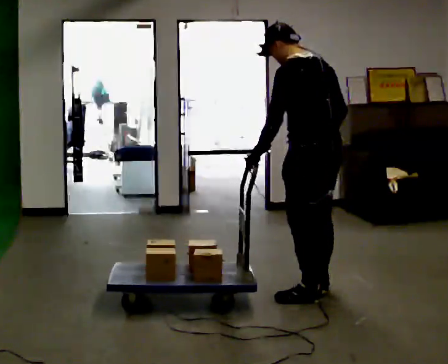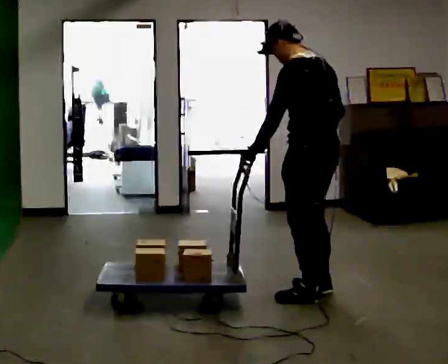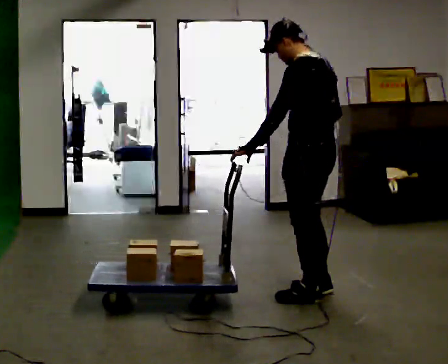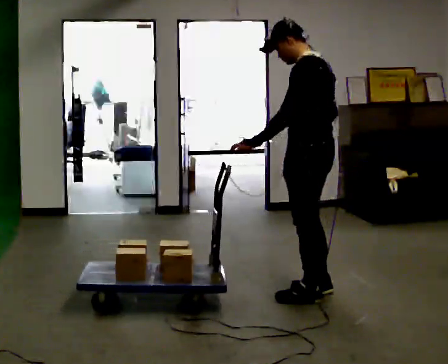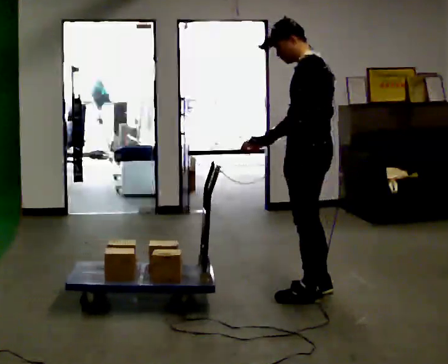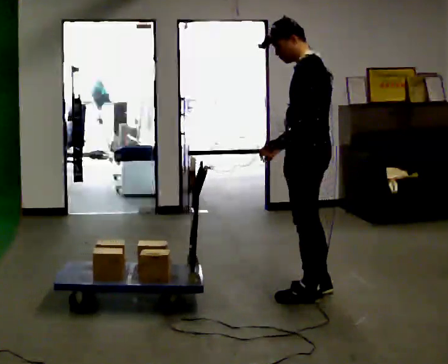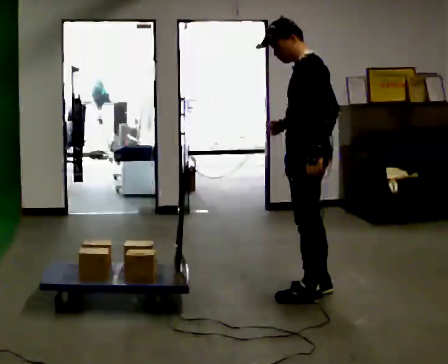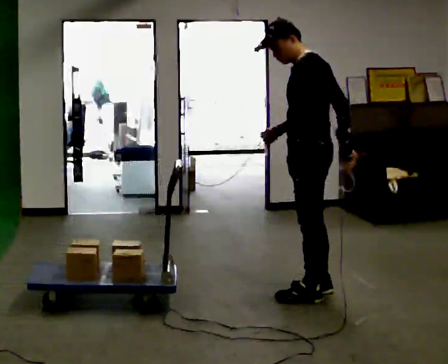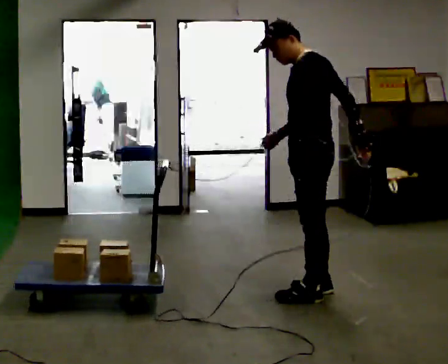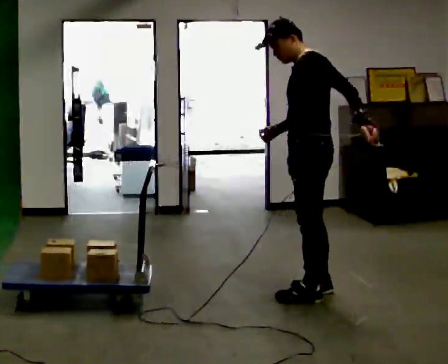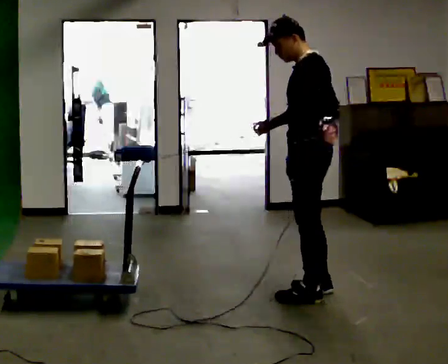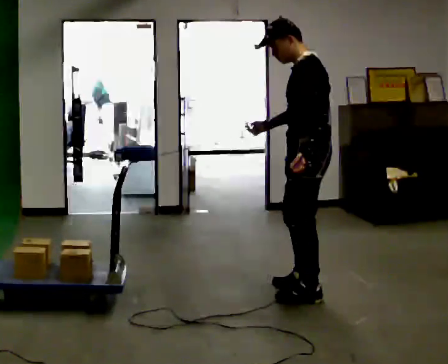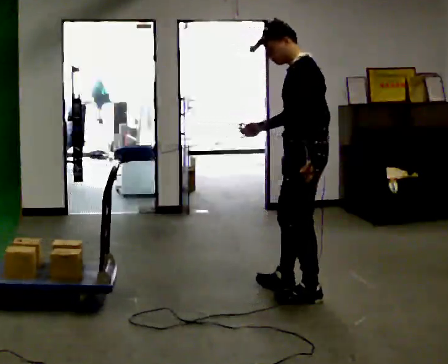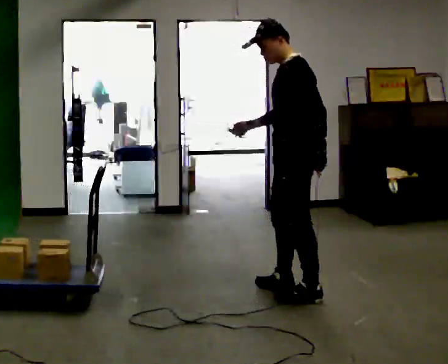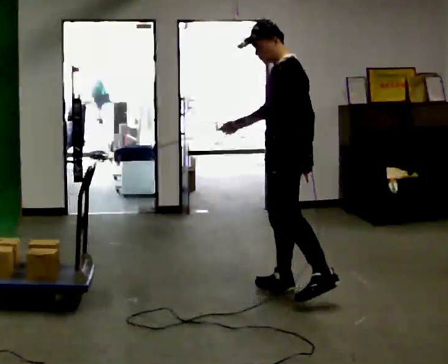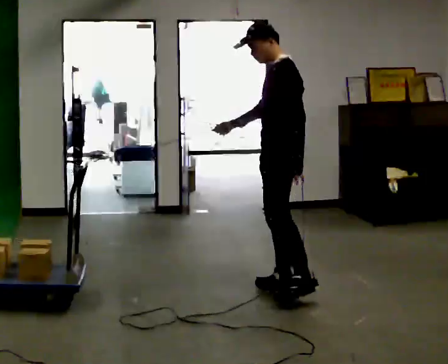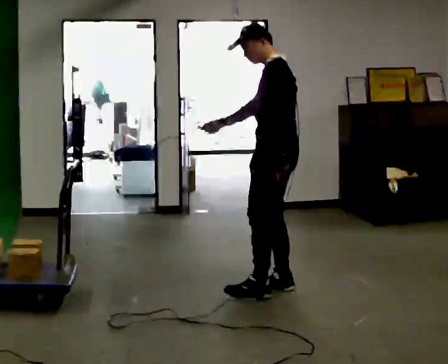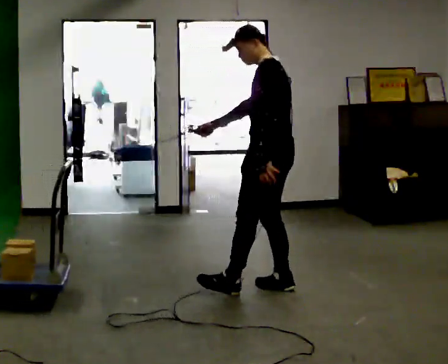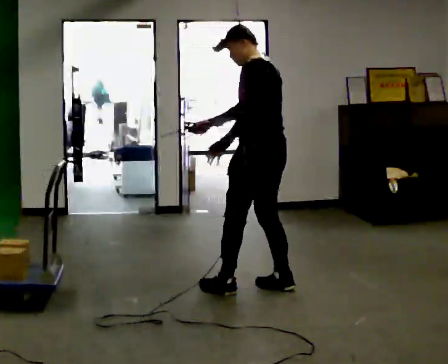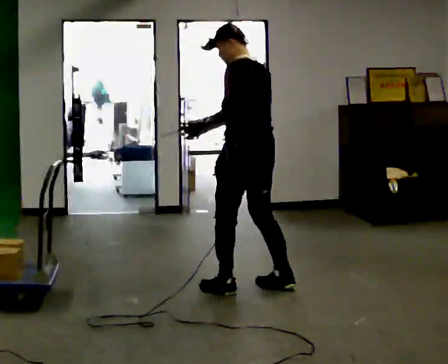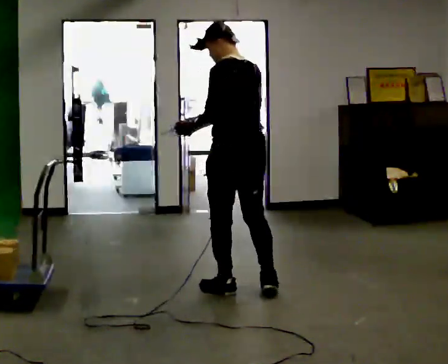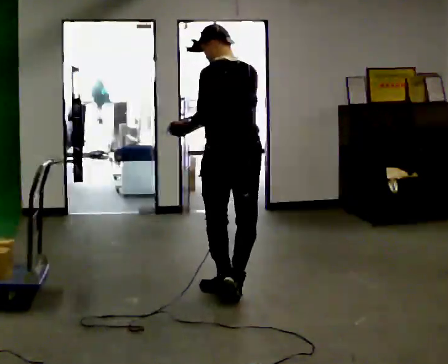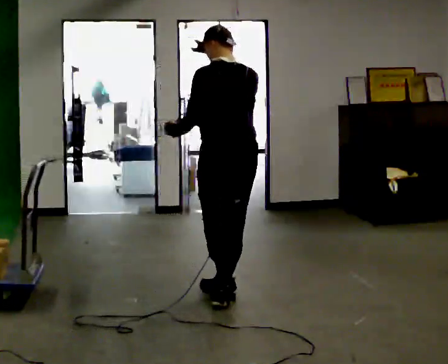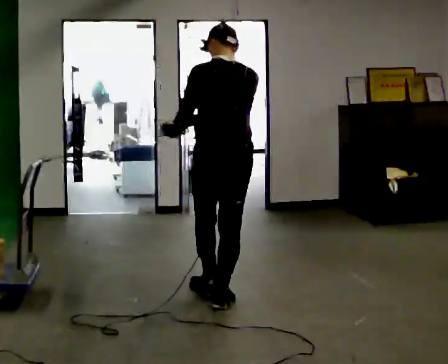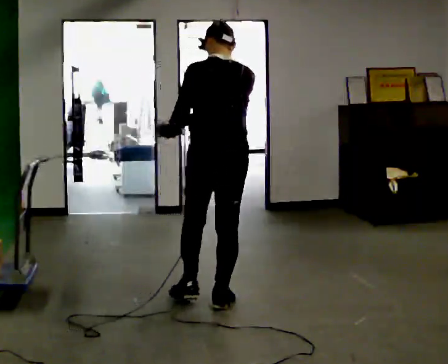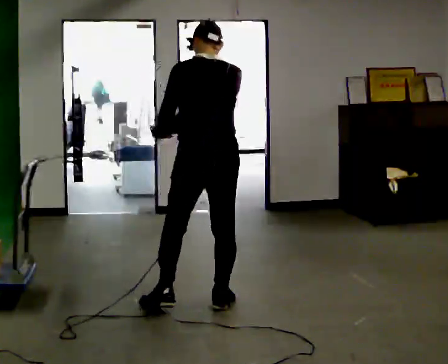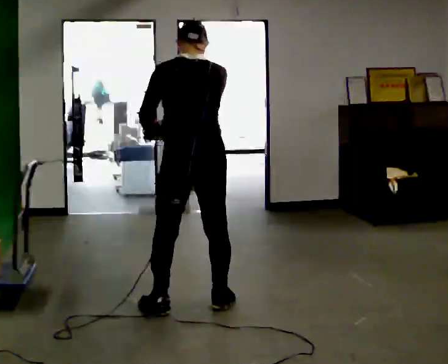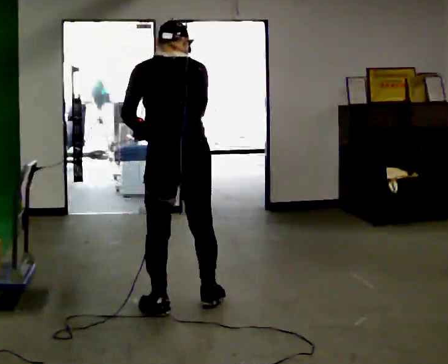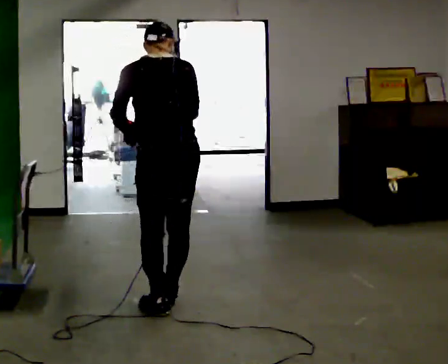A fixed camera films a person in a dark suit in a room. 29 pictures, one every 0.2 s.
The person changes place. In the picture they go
to the left.
The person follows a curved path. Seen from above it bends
counterclockwise.
0.0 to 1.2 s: The person turns about 45 degrees to their left, counterclockwise seen from above, so the part of the body nearest the lens slides to the right. In the picture their left hand goes to the right.
1.2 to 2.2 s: The person moves a little, or ends about where they began.
2.2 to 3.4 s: In the picture they go to the left and away from the camera, about 0.25 m in 1 step, which for them is forward and to their right.
3.4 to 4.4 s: Seen from above the body turns clockwise, about 60 degrees: to their right, with its near side sliding to the left. In the picture they go to the left and toward the camera, about 0.25 m in 1 step, which for them is to their left.
4.4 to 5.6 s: In the picture they go to the left and toward the camera, about 0.5 m in 2 steps, which for them is to their left and backward.
The film runs backward here.
